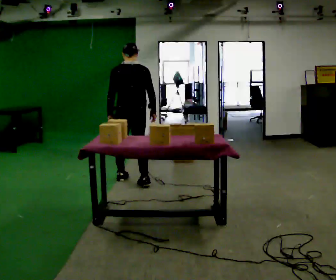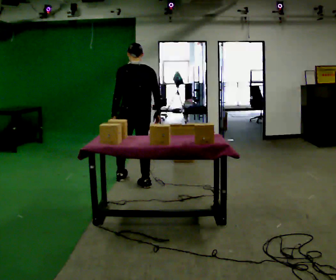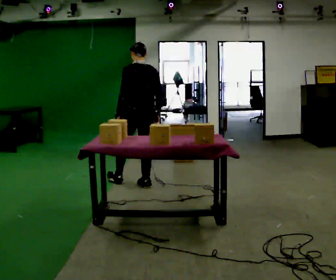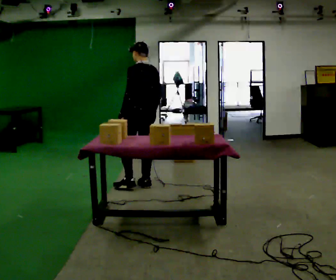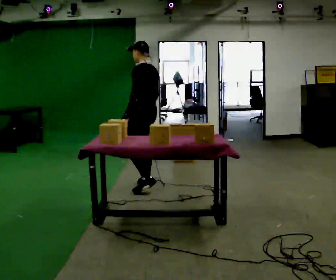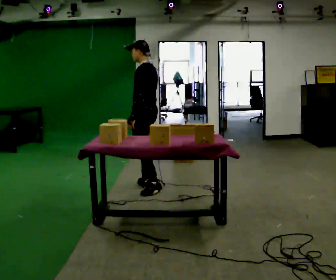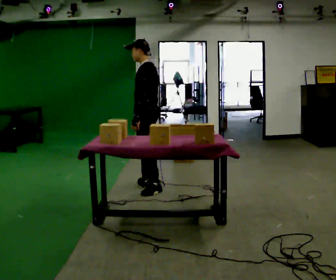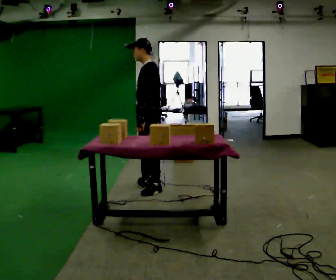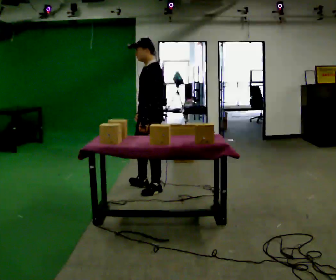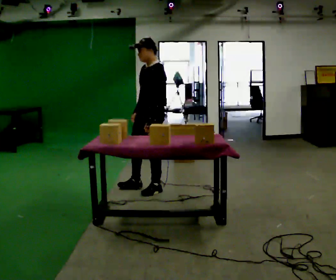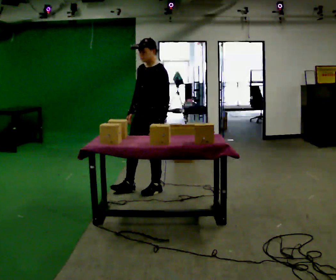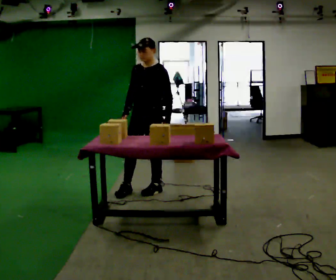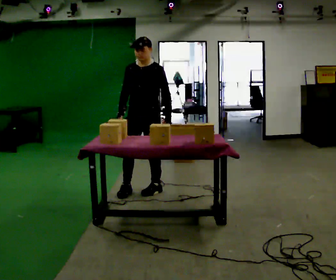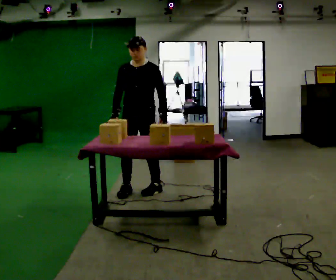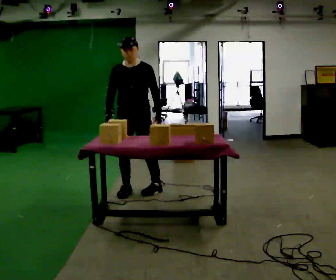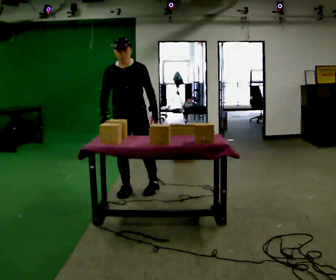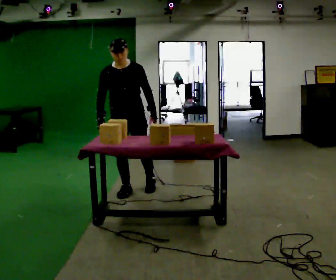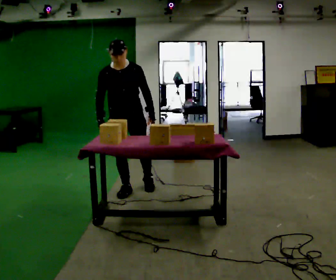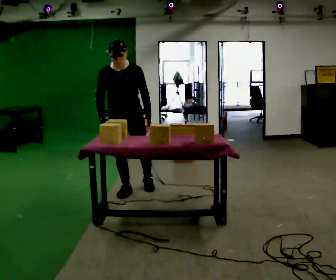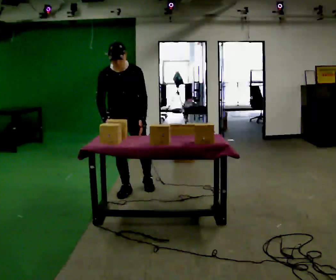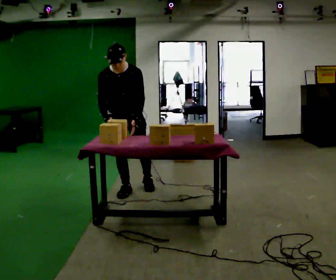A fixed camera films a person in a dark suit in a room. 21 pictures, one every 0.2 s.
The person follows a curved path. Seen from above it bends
clockwise.
The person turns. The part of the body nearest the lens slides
to the right.
0.0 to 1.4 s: The part of the body nearest the lens slides to the right as the person turns to their left by about 90 degrees. In the picture they go toward the camera and to the right, about 0.5 m in 1 step.
1.4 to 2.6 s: The part of the body nearest the lens slides to the right as the person turns to their left by about 75 degrees.
2.6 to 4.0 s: Seen from above the body turns counterclockwise, about 30 degrees: to their left, with its near side sliding to the right. In the picture they go to the left, about 0.25 m in 1 step, which for them is to their right. The upper body tips toward the camera, its near side rolling downward, as they bend forward.
The film runs backward here.
